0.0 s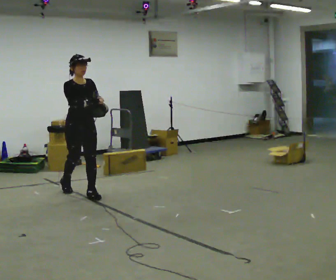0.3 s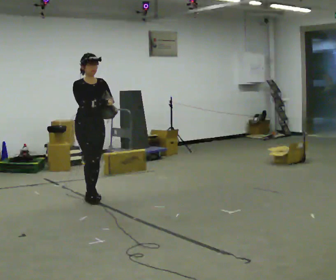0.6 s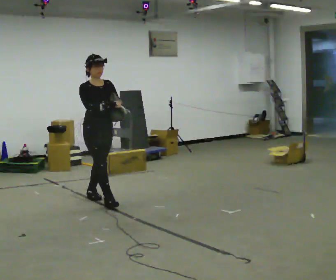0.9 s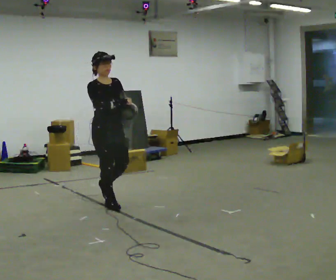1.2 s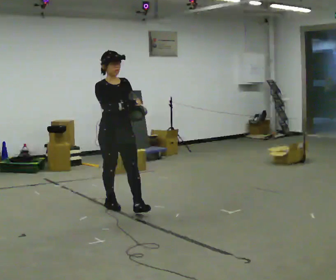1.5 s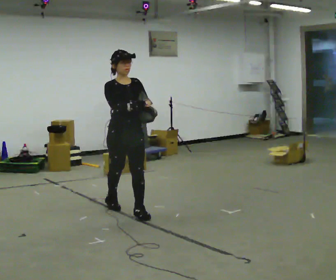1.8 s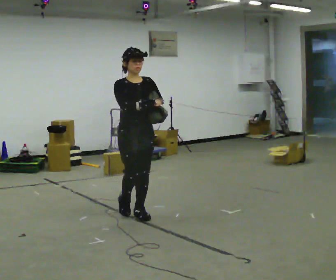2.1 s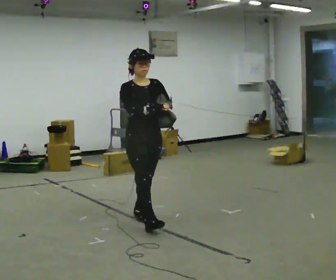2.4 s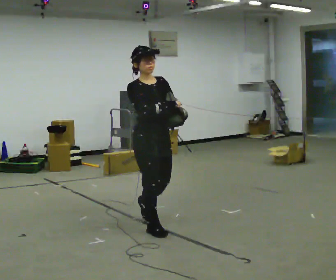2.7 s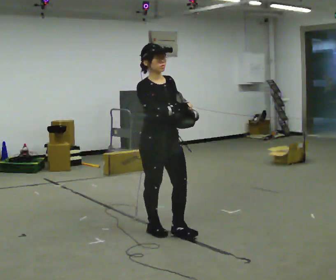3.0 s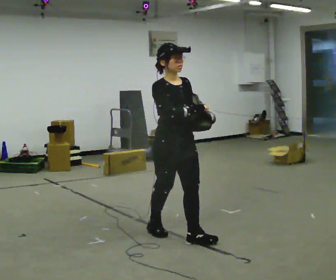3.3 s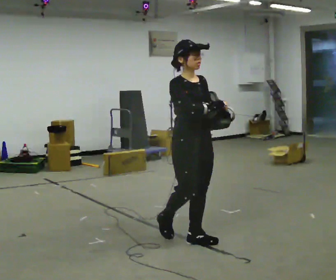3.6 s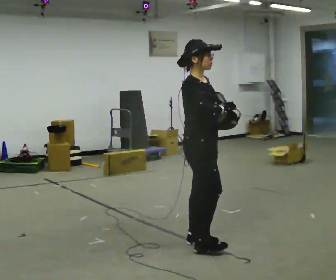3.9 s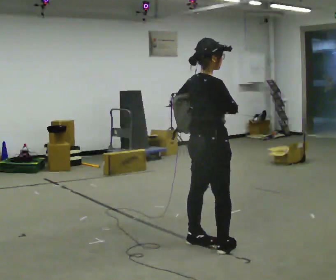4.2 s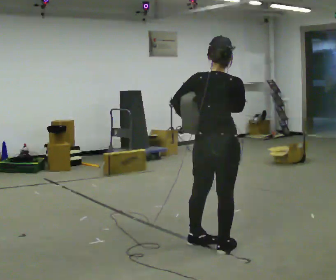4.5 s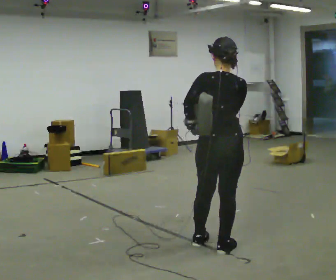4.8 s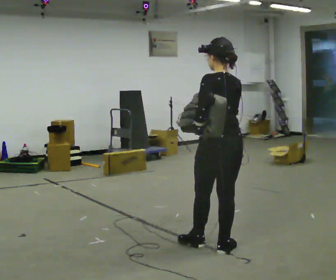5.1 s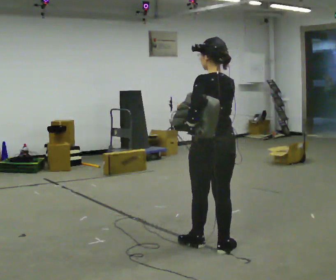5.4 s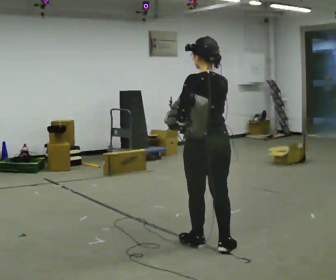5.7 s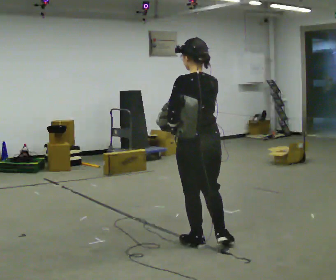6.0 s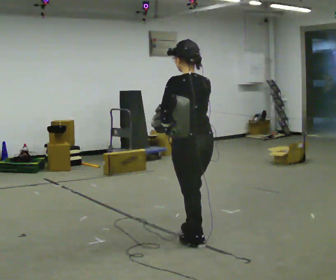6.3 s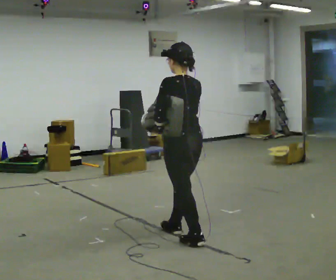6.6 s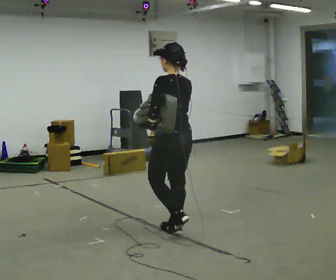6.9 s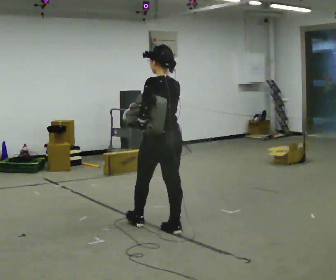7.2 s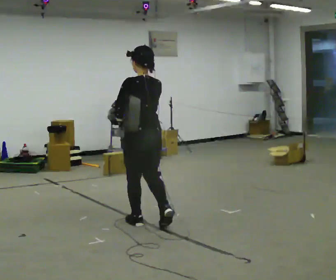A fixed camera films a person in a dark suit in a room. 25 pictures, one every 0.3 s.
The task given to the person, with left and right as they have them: Put the soft bag up onto your shoulder and carry it across the room, back and forth.
0.0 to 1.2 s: In the picture they go to the right and toward the camera, about 1 m in 1 step, which for them is forward.
1.2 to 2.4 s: In the picture they go toward the camera and to the right, about 1 m in 2 steps, which for them is forward.
2.4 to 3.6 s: Seen from above the body turns counterclockwise, about 30 degrees: to their left, with its near side sliding to the right. In the picture they go to the right and toward the camera, about 0.5 m in 1 step, which for them is forward.
3.6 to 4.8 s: The part of the body nearest the lens slides to the right as the person turns to their left by about 135 degrees. In the picture they go to the right, about 0.25 m in 1 step.
4.8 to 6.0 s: In the picture they go to the left, about 0.25 m, which for them is forward and to their left.
6.0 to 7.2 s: In the picture they go to the left and away from the camera, about 0.75 m in 2 steps, which for them is forward.
The film runs forward here.
